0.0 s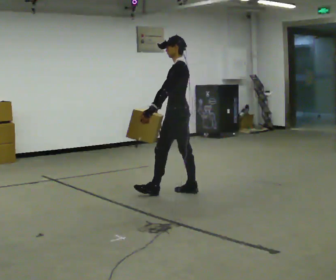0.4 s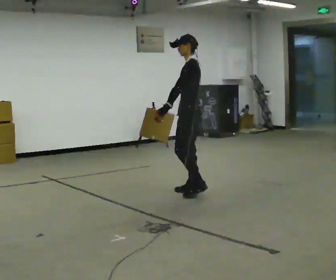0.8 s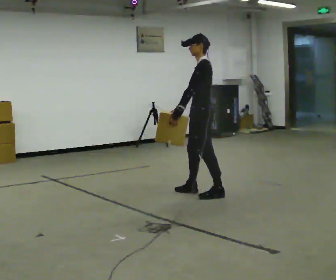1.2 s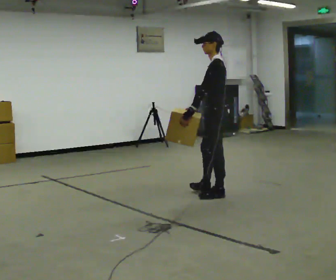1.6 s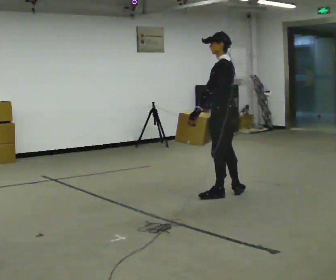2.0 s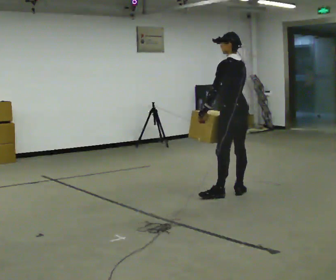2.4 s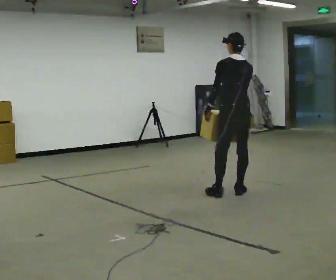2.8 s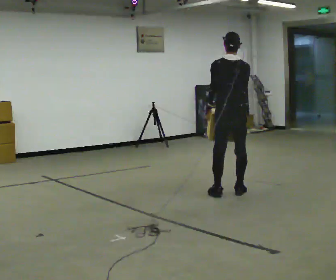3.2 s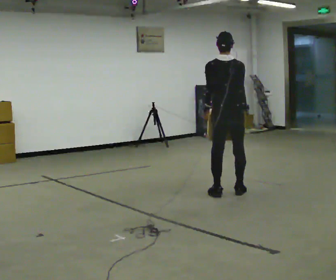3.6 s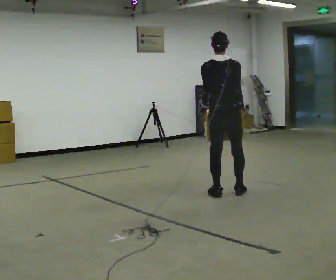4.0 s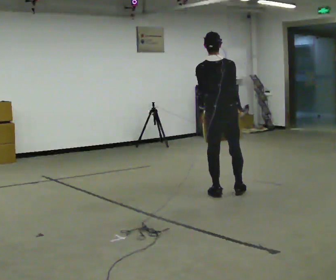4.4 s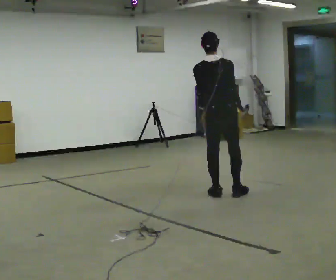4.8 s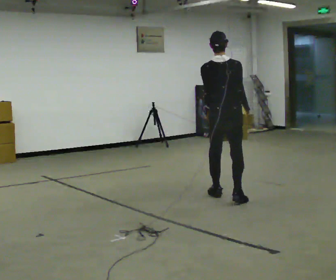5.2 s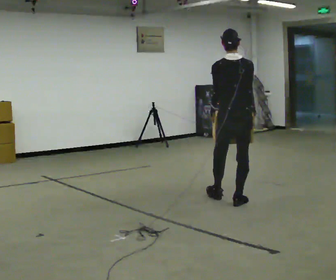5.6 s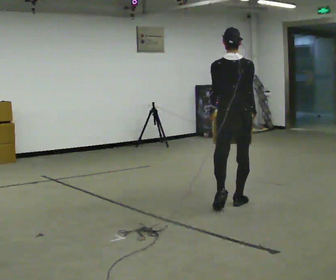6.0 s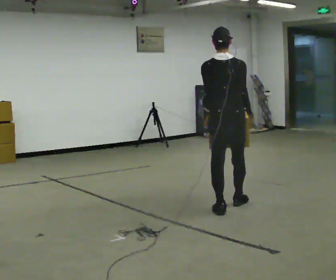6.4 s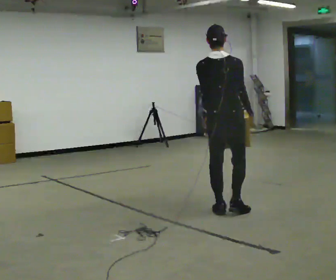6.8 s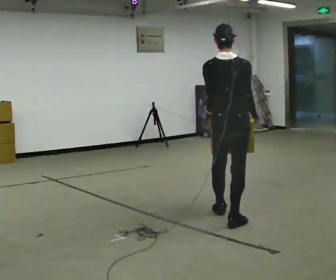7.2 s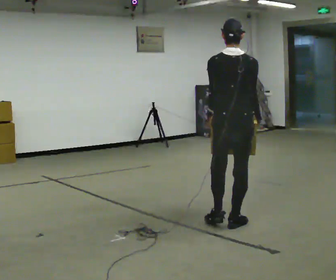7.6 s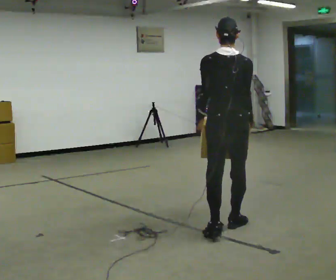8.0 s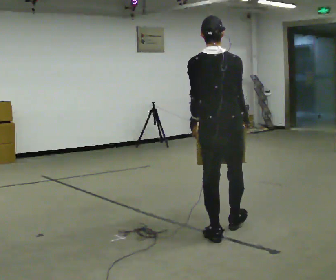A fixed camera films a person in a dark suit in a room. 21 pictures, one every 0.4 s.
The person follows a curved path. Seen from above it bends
clockwise.
The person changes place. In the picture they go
toward the camera.
0.0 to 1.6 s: In the picture they go to the right, about 0.5 m in 1 step, which for them is backward and to their left.
1.6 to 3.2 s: The person turns about 60 degrees to their right, clockwise seen from above, so the part of the body nearest the lens slides to the left. In the picture their right hand goes to the right, the arm swinging counterclockwise.
3.2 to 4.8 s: In the picture they go toward the camera, about 0.25 m in 1 step, which for them is backward.
4.8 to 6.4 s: In the picture they go toward the camera, about 0.5 m in 2 steps, which for them is backward.
6.4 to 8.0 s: In the picture they go toward the camera, about 0.75 m in 2 steps, which for them is backward.
The film runs backward here.
